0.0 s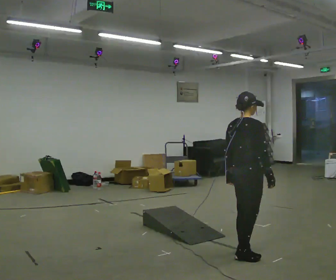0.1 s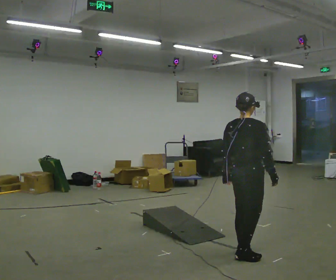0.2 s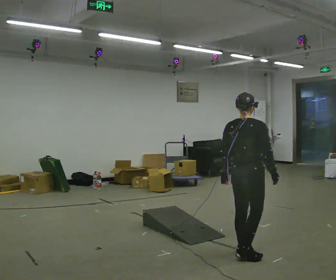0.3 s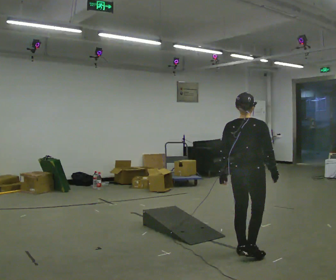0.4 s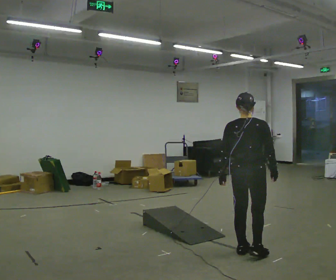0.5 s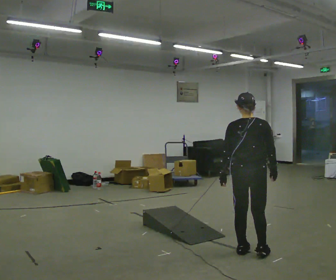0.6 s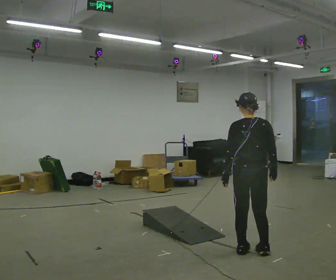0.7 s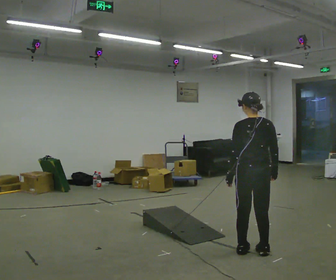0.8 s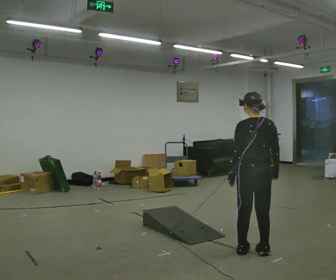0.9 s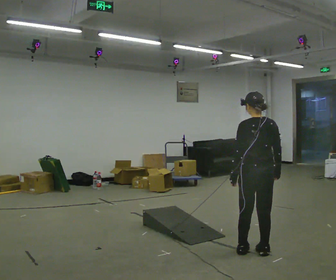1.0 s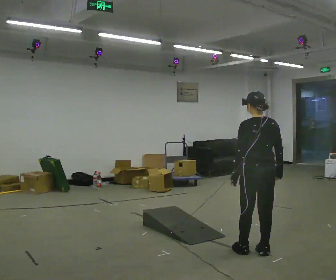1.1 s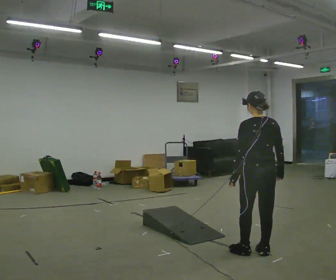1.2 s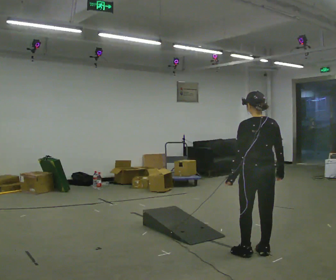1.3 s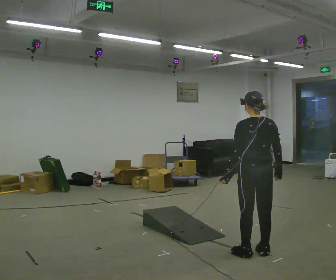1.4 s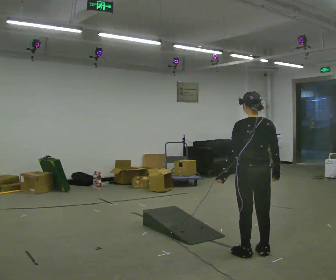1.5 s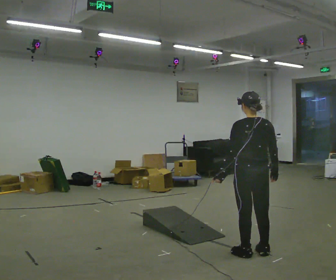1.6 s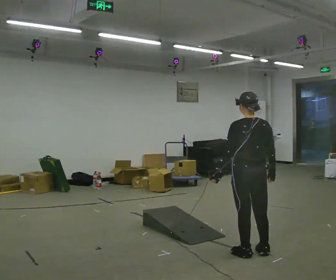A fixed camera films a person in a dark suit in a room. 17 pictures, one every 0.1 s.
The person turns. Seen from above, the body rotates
counterclockwise.
The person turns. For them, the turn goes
to their left.
0.0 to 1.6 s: Seen from above the body turns counterclockwise, about 60 degrees: to their left, with its near side sliding to the right.
The film runs forward here.
